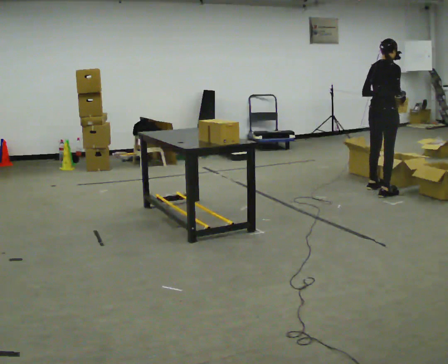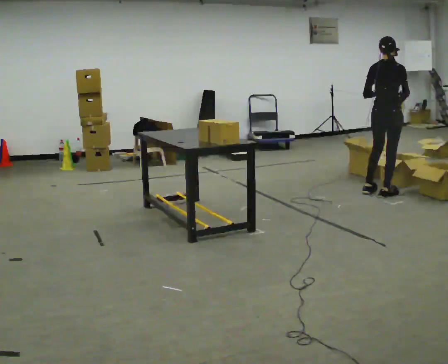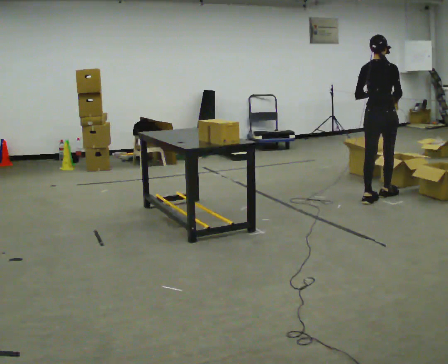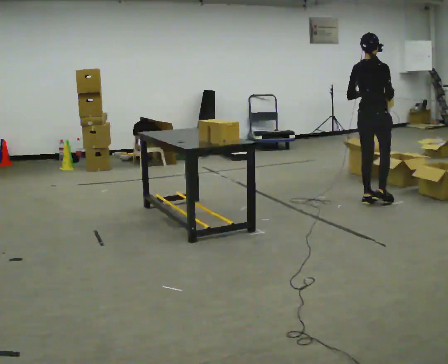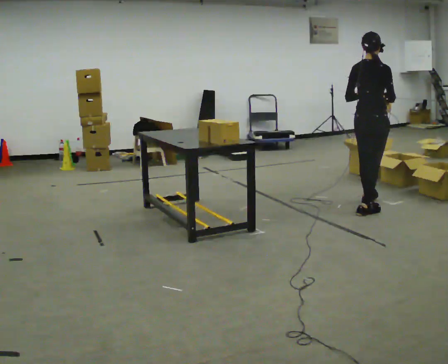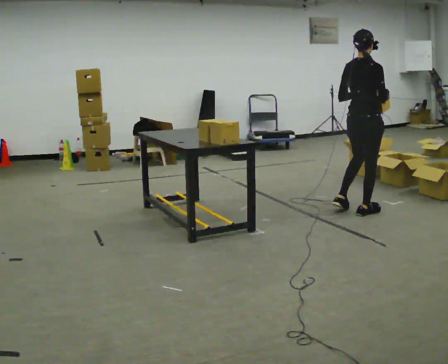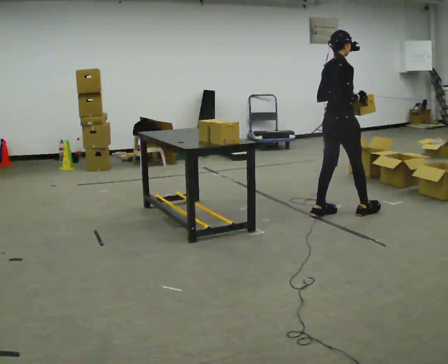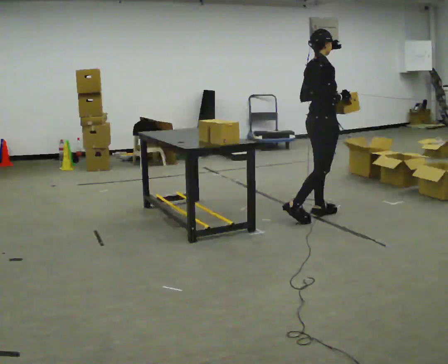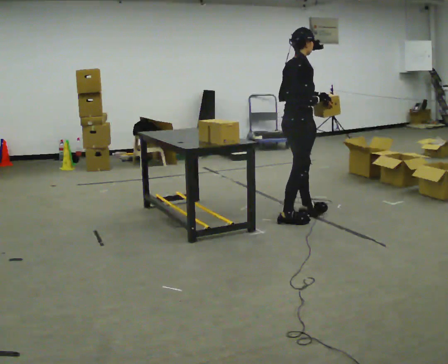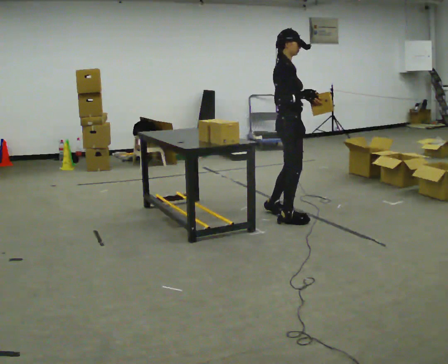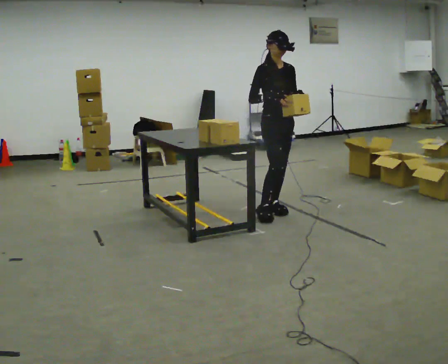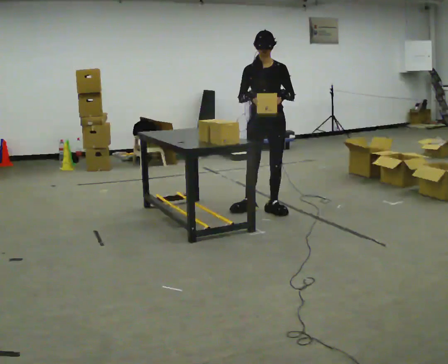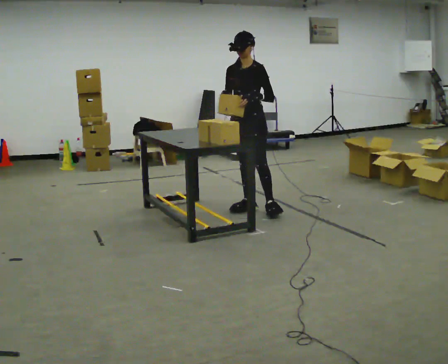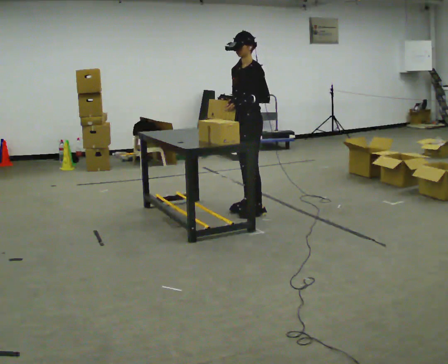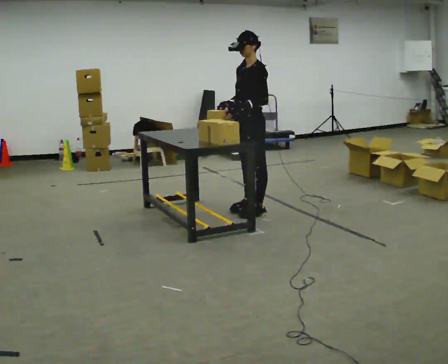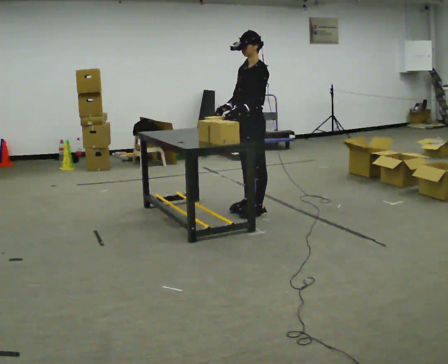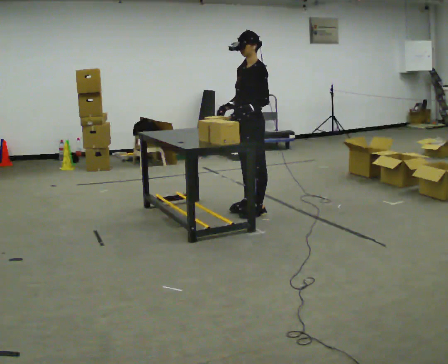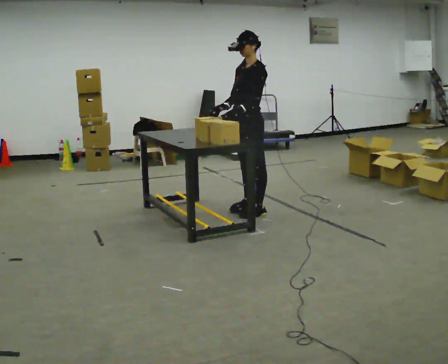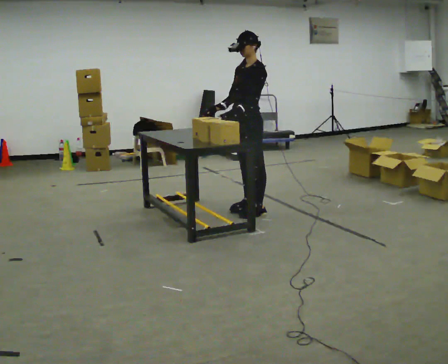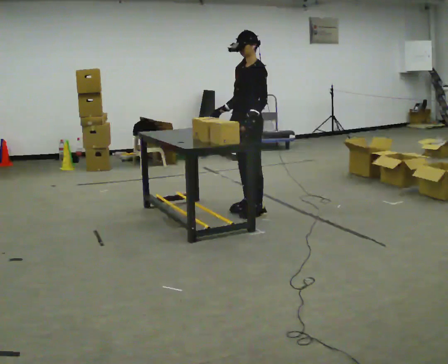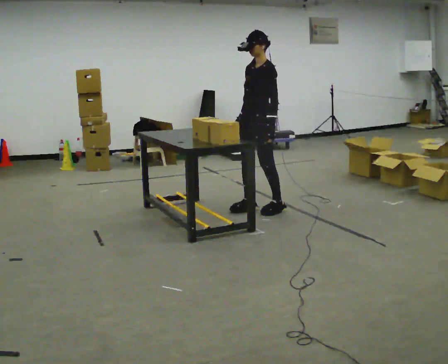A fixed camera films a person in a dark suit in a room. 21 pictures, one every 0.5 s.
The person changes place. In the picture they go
to the left.
0.0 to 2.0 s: In the picture they go toward the camera, about 0.5 m in 2 steps, which for them is backward.
2.0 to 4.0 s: Seen from above the body turns clockwise, about 30 degrees: to their right, with its near side sliding to the left. In the picture they go to the left, about 0.5 m in 3 steps, which for them is backward.
4.0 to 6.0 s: The person turns about 135 degrees to their right, clockwise seen from above, so the part of the body nearest the lens slides to the left. In the picture they go away from the camera and to the left, about 0.5 m in 2 steps.
6.0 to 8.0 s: Seen from above the body turns clockwise, about 30 degrees: to their right, with its near side sliding to the left.
8.0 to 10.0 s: The person moves a little, or ends about where they began.
The film runs backward here.
